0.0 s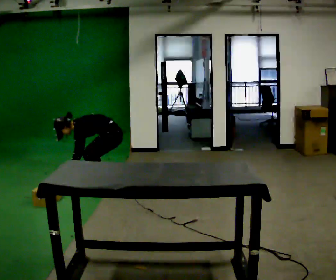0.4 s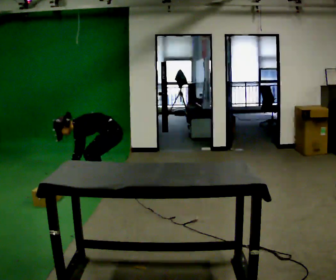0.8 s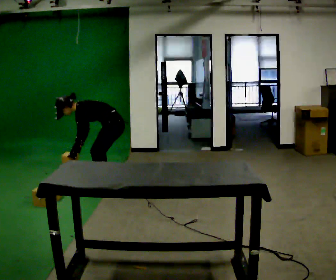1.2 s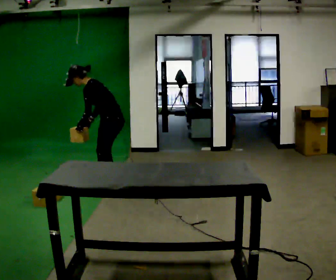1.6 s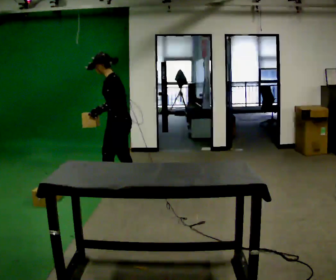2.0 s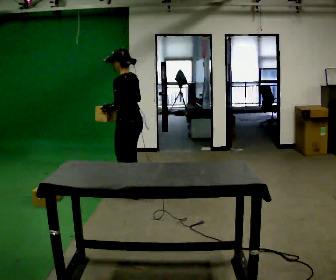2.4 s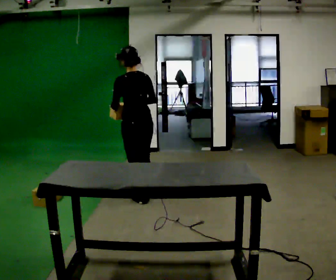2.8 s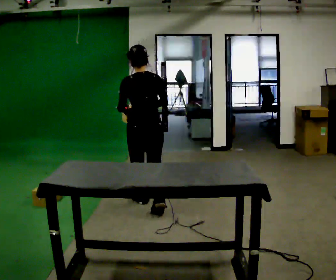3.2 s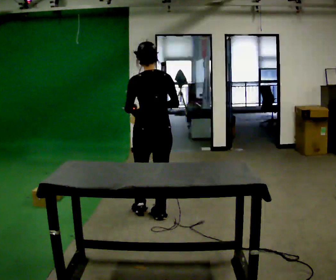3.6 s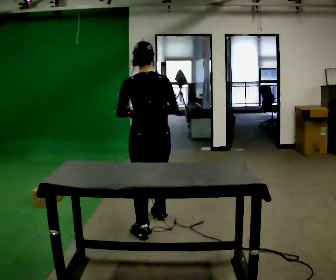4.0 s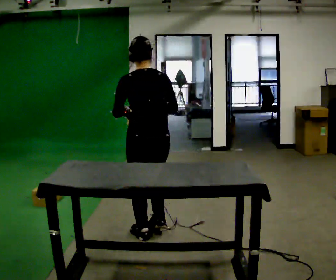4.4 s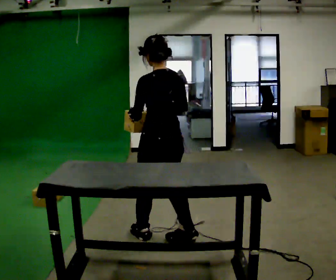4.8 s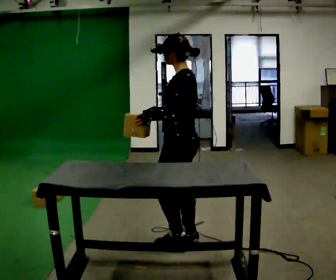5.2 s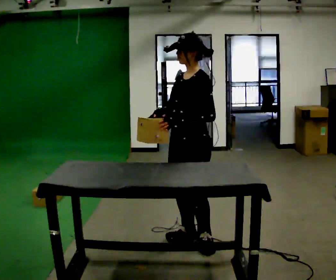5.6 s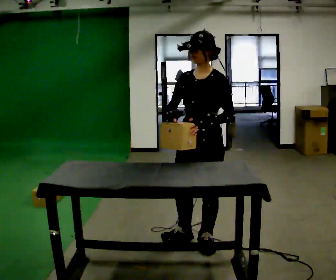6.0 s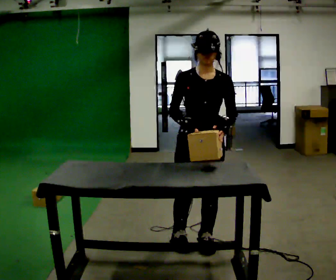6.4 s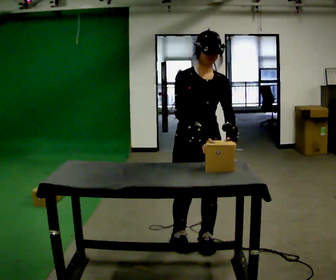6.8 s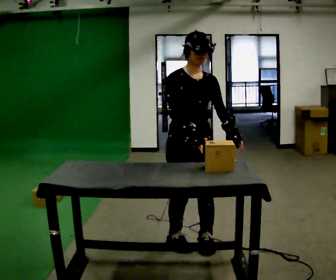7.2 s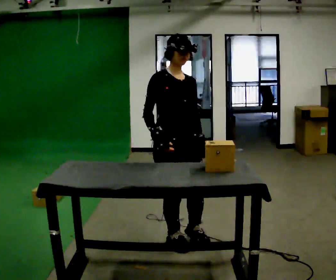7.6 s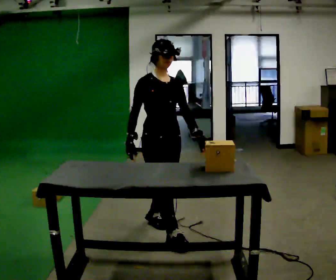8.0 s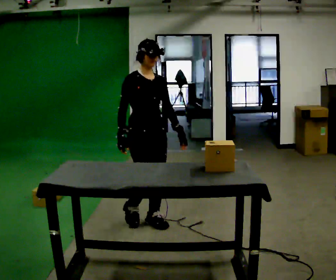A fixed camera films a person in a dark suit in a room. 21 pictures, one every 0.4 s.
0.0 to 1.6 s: The upper body goes upward. In the picture the upper body tilts clockwise, shoulders to the right, as they lean back or straighten. In the picture their right hand goes upward and to the right.
1.6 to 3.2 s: Seen from above the body turns clockwise, about 75 degrees: to their right, with its near side sliding to the left. In the picture they go toward the camera and to the right, about 1 m in 2 steps.
3.2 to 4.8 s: The part of the body nearest the lens slides to the right as the person turns to their left by about 60 degrees. In the picture they go toward the camera and to the right, about 0.5 m in 2 steps.
4.8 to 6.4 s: Seen from above the body turns counterclockwise, about 120 degrees: to their left, with its near side sliding to the right. In the picture their right hand goes to the right.
6.4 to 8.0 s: In the picture they go to the left and away from the camera, about 0.5 m in 2 steps, which for them is backward.
The film runs backward here.
